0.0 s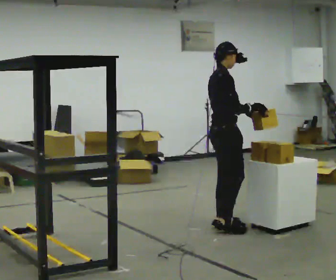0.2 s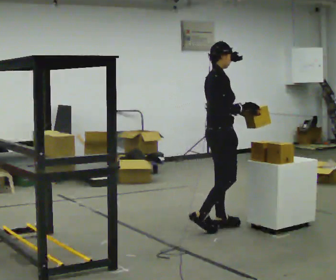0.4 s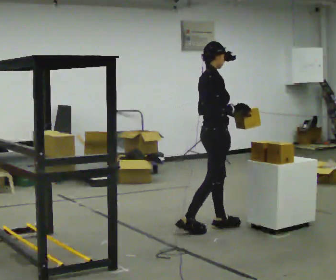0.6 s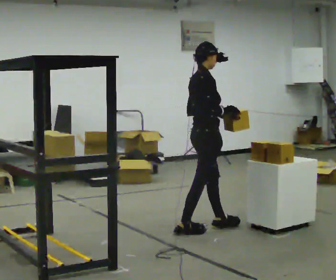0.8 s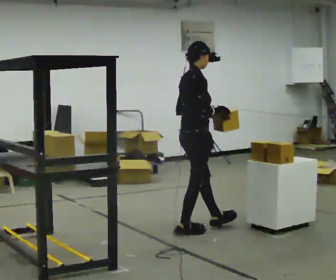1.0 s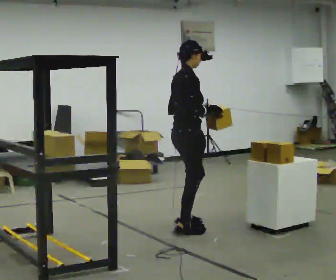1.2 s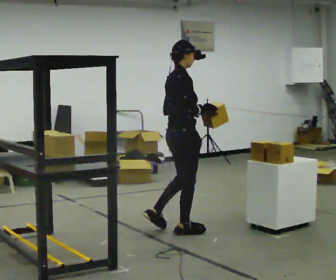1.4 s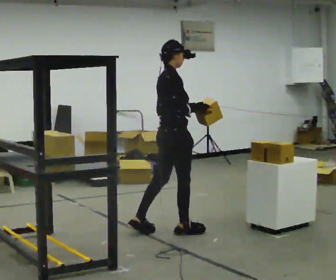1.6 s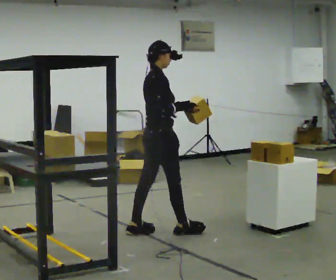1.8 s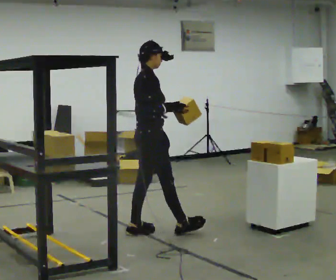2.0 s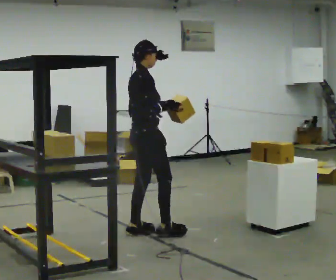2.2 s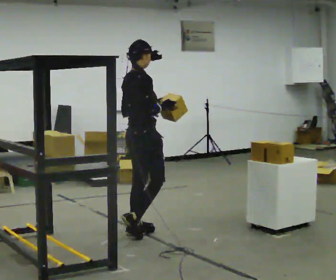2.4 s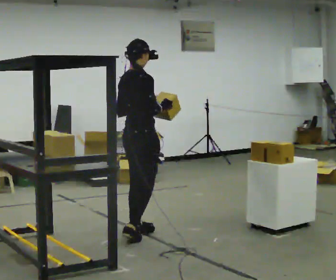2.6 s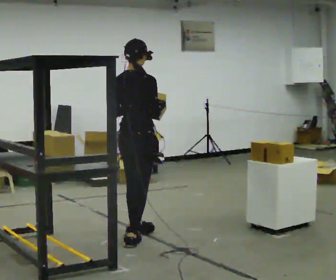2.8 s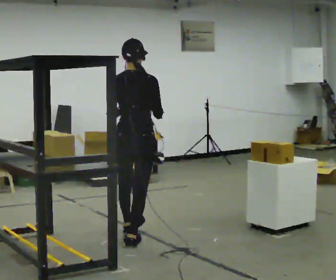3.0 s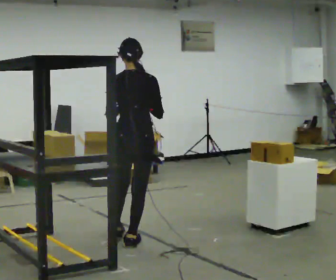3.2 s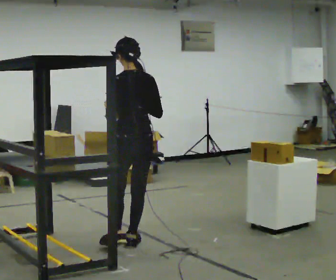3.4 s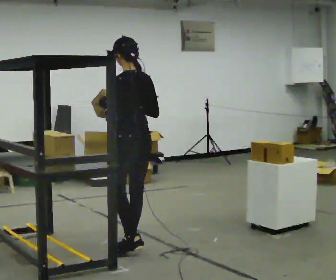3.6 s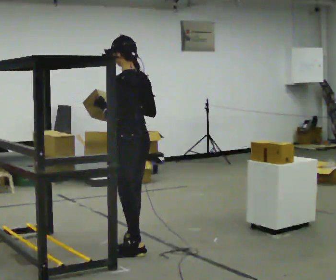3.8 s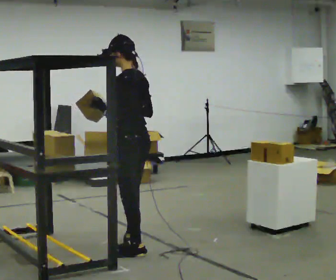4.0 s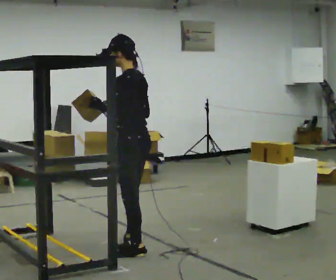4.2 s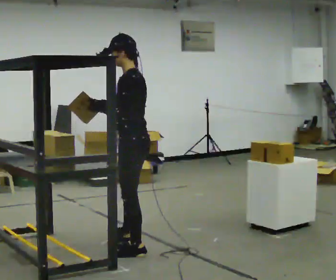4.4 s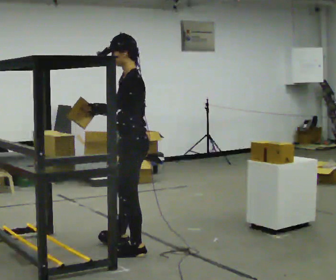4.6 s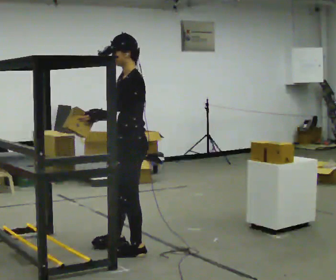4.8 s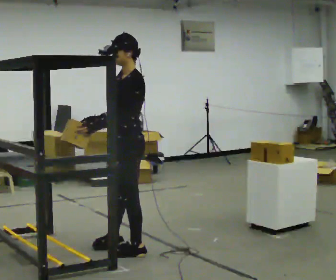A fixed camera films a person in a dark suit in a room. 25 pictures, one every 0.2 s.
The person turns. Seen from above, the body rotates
counterclockwise.
The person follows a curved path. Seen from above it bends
counterclockwise.
0.0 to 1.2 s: In the picture they go to the left and toward the camera, about 0.5 m in 1 step, which for them is backward and to their right.
1.2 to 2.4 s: In the picture they go to the left, about 0.25 m in 1 step, which for them is backward.
2.4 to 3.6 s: Seen from above the body turns counterclockwise, about 105 degrees: to their left, with its near side sliding to the right. In the picture they go toward the camera, about 0.5 m in 1 step.
3.6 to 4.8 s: The person turns about 60 degrees to their left, counterclockwise seen from above, so the part of the body nearest the lens slides to the right.
The film runs backward here.
